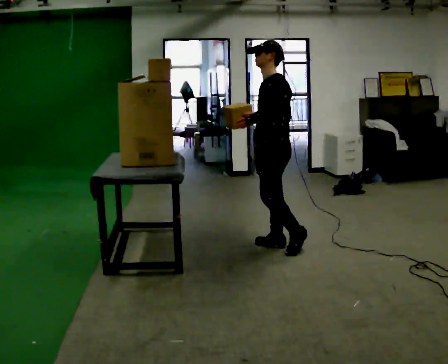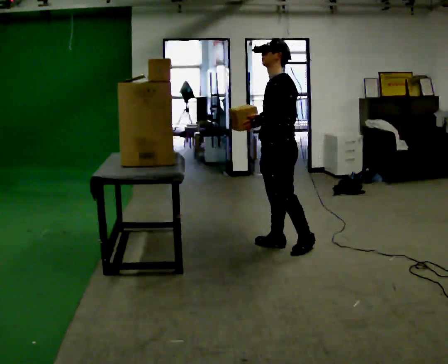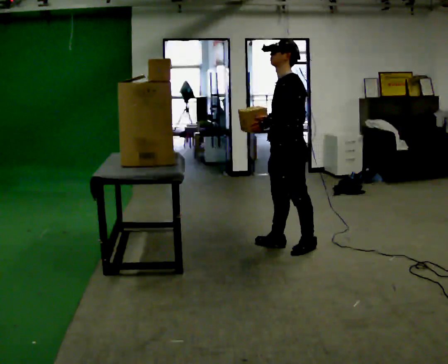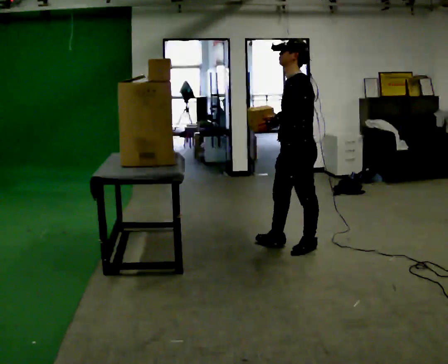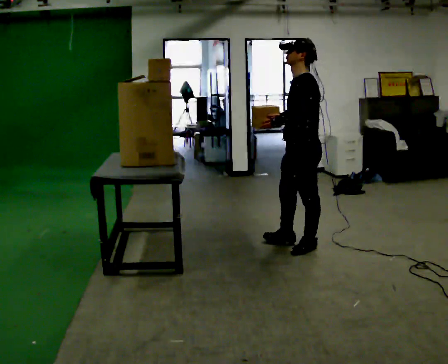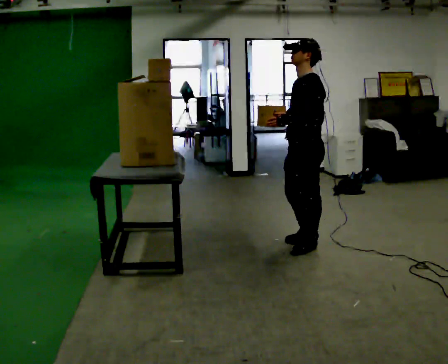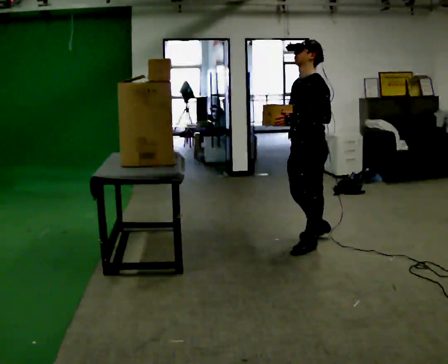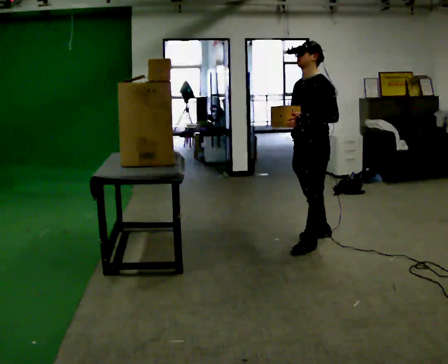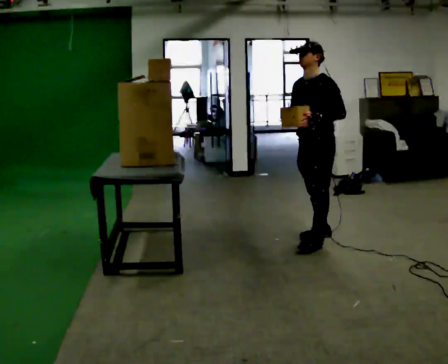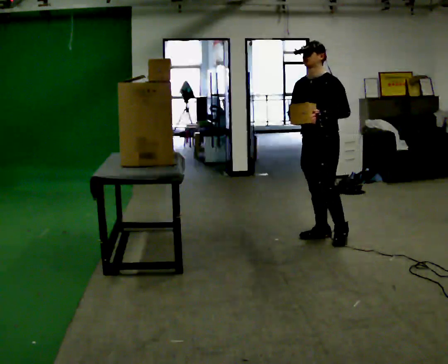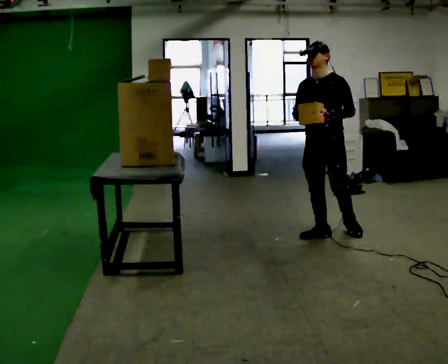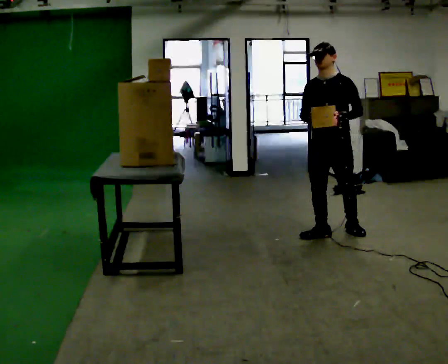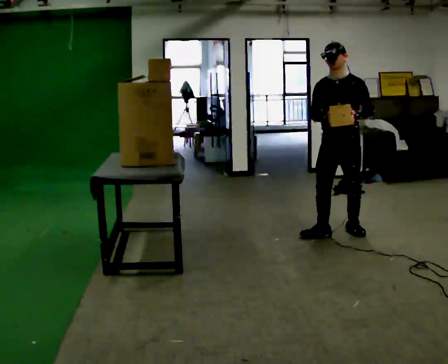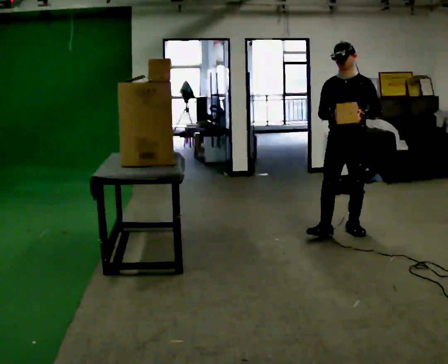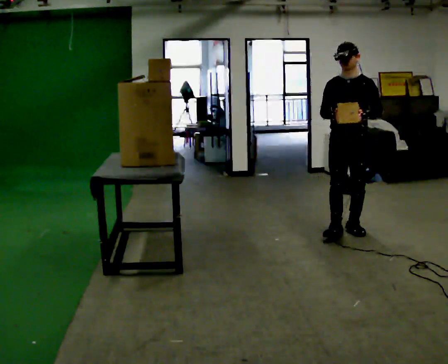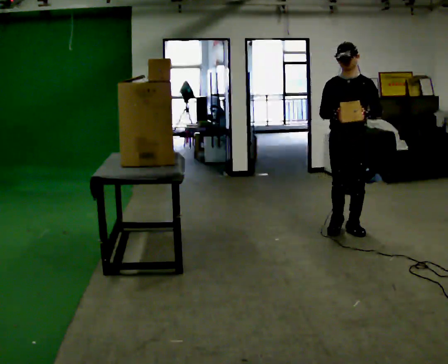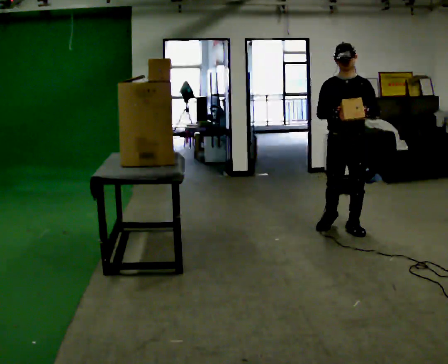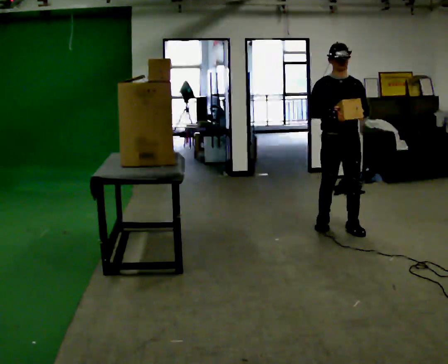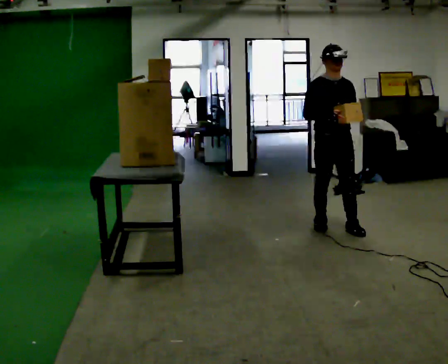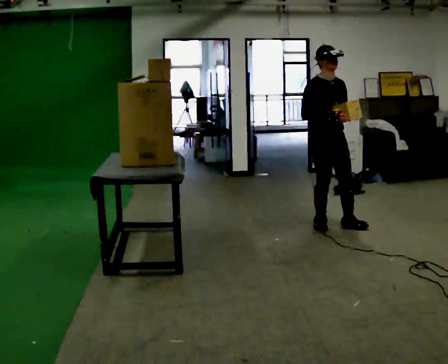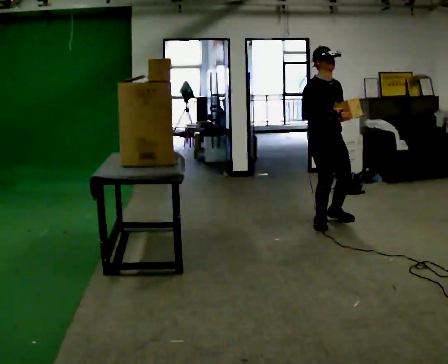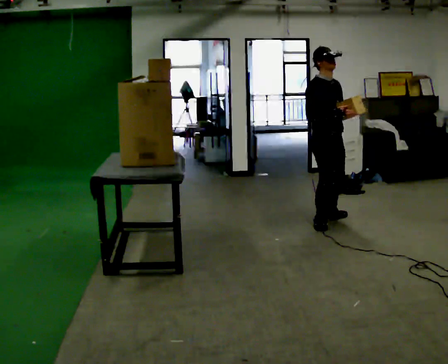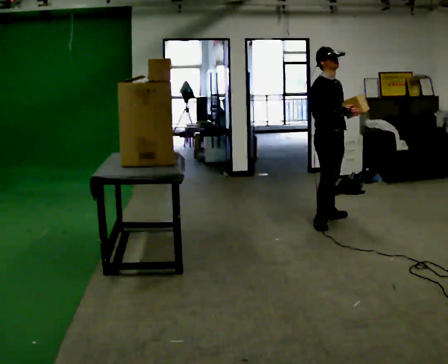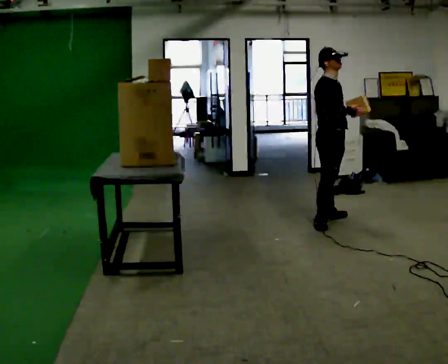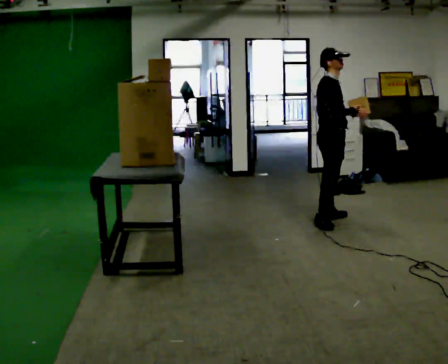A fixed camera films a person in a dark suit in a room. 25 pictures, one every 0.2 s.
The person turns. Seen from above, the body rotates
counterclockwise.
The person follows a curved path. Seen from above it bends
counterclockwise.
0.0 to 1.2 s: In the picture they go to the right, about 0.25 m in 1 step, which for them is backward.
1.2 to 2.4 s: The part of the body nearest the lens slides to the right as the person turns to their left by about 60 degrees. In the picture they go away from the camera and to the right, about 0.5 m in 1 step, which for them is backward.
2.4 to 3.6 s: Seen from above the body turns counterclockwise, about 30 degrees: to their left, with its near side sliding to the right.
3.6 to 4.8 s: Seen from above the body turns counterclockwise, about 60 degrees: to their left, with its near side sliding to the right. In the picture they go away from the camera, about 0.25 m in 1 step, which for them is to their left and backward.
The film runs backward here.
